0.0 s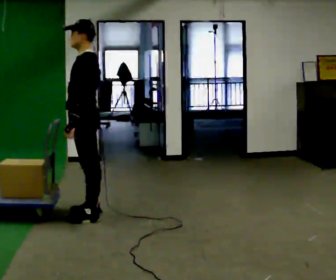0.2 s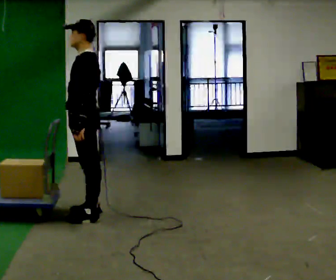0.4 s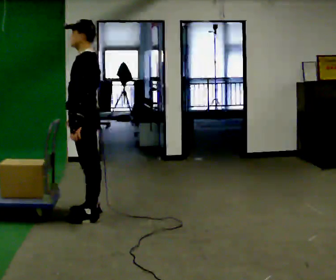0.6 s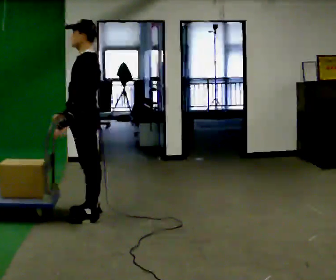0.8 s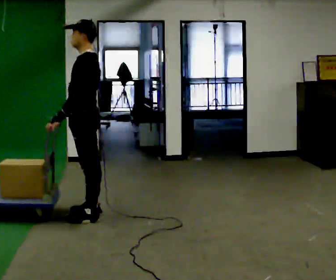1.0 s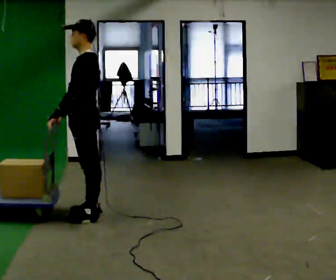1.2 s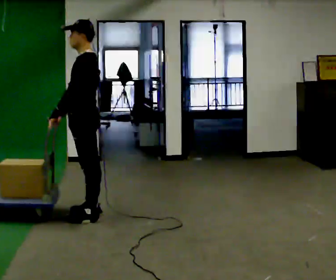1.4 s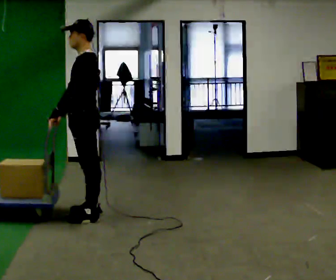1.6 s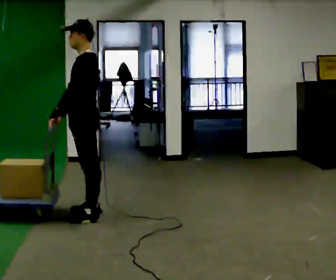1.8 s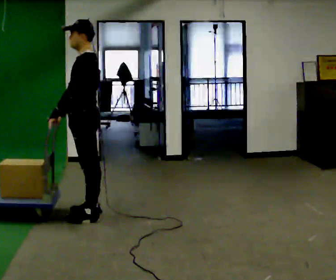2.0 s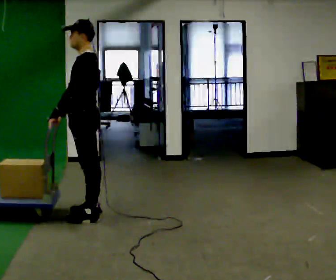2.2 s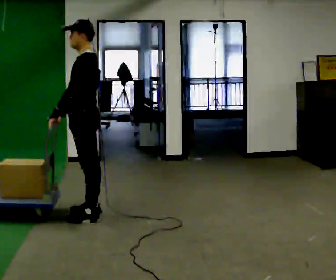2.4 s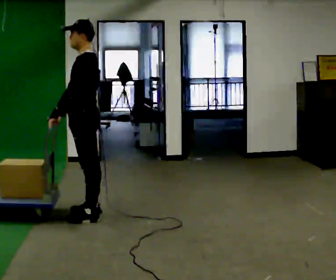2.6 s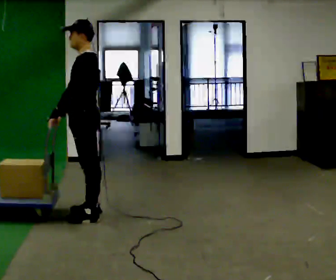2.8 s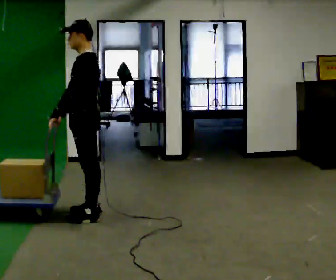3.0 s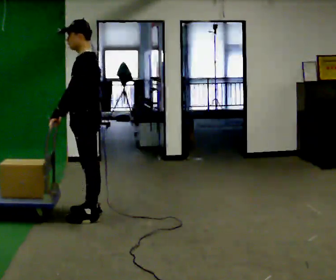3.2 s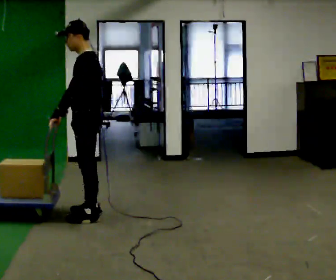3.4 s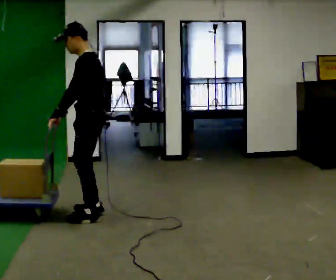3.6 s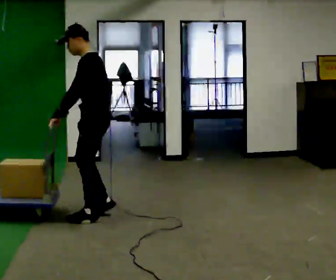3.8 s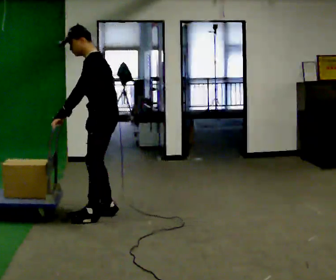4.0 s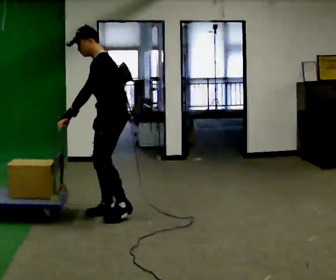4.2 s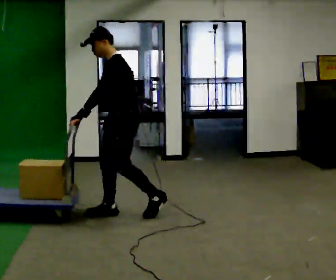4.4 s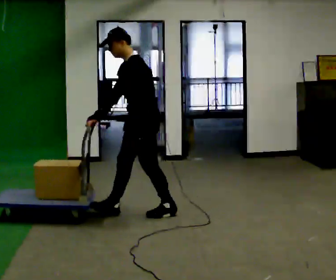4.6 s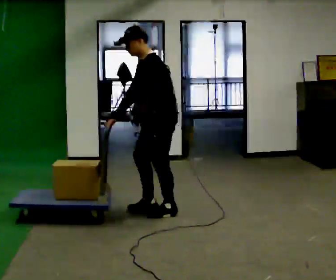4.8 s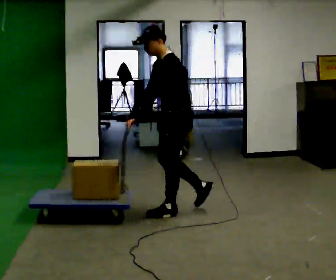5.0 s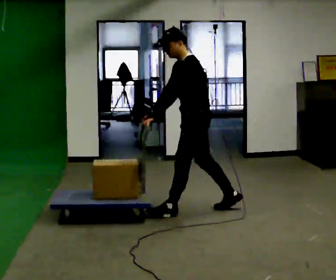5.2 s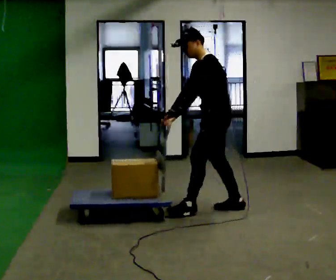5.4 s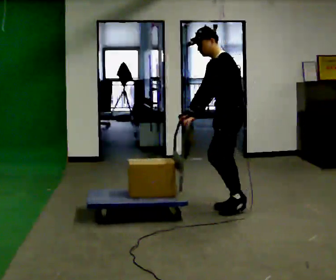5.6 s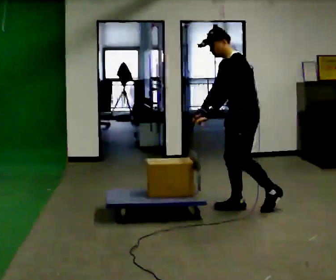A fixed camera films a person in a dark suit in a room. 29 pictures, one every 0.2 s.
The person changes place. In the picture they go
to the right.
0.0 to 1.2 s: The person moves a little, or ends about where they began.
1.2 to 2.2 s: The person keeps their place and pose.
2.2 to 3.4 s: The person moves a little, or ends about where they began.
3.4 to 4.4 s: In the picture they go to the right, about 0.5 m in 2 steps, which for them is backward.
4.4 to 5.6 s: In the picture they go to the right, about 1 m in 2 steps, which for them is backward.
The film runs backward here.
